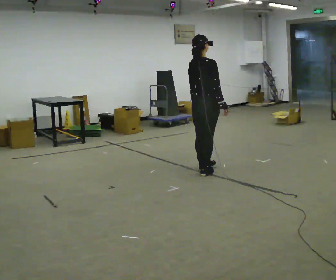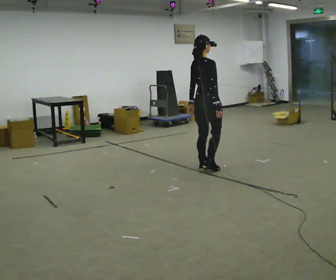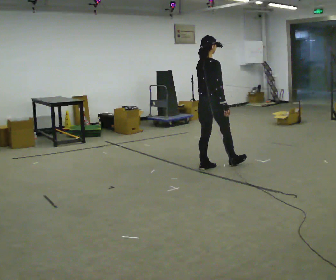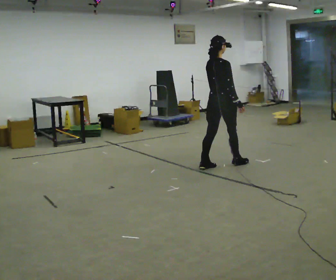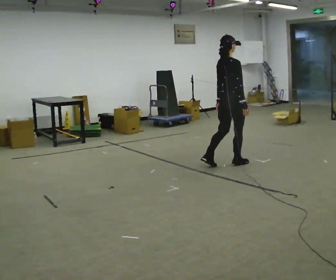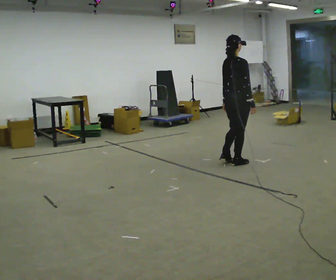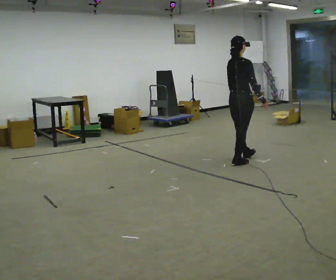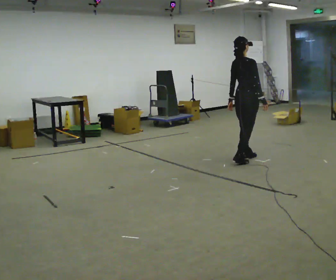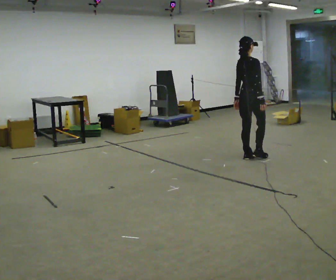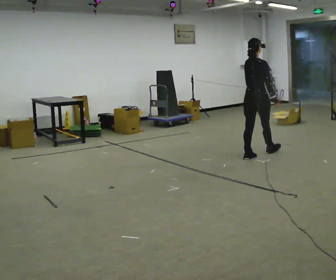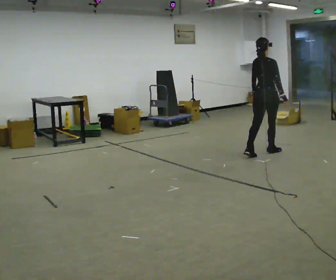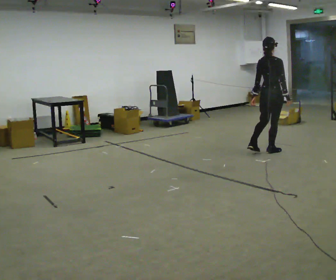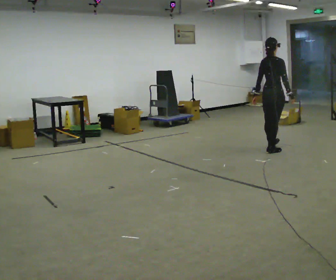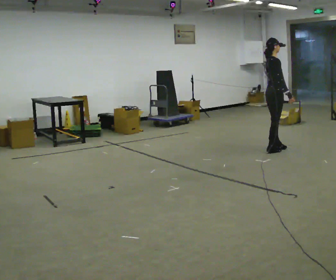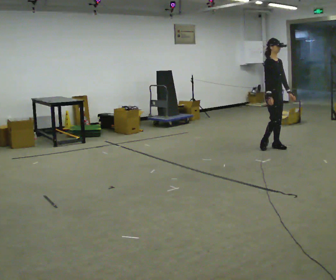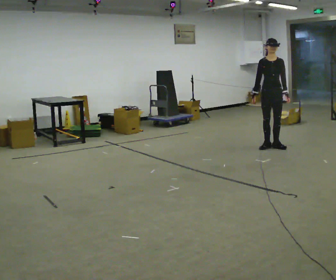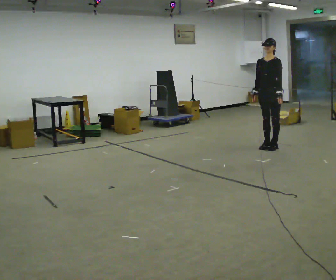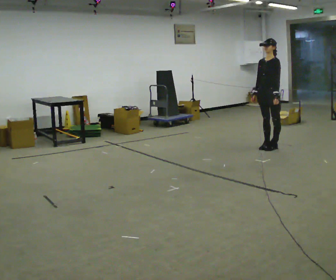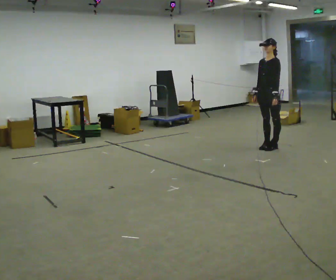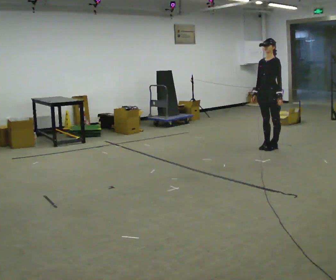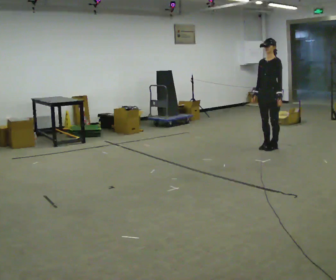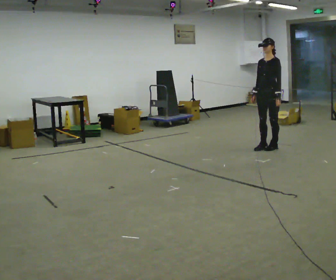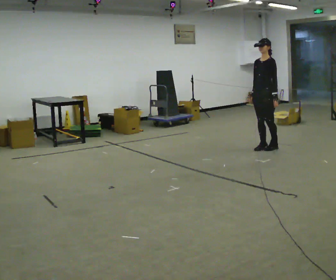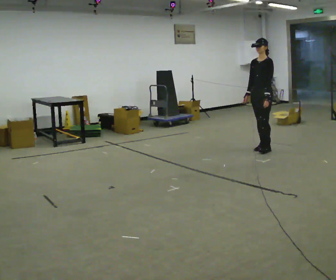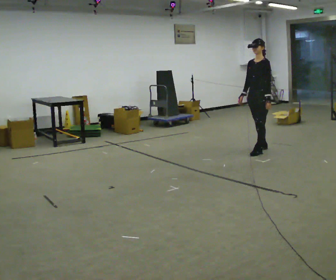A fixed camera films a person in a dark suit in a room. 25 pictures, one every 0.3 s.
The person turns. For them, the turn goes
to their right.
The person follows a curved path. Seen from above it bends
counterclockwise.
0.0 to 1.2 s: In the picture they go away from the camera and to the right, about 0.5 m in 1 step, which for them is forward.
1.2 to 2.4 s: In the picture they go away from the camera and to the right, about 0.5 m in 2 steps, which for them is forward.
2.4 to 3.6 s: In the picture they go away from the camera and to the right, about 0.5 m in 1 step, which for them is forward.
3.6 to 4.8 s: The part of the body nearest the lens slides to the left as the person turns to their right by about 165 degrees. In the picture they go away from the camera, about 0.25 m in 1 step.
4.8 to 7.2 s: In the picture they go toward the camera, about 0.25 m in 1 step, which for them is forward.
The film runs backward here.
